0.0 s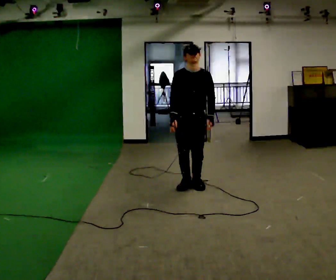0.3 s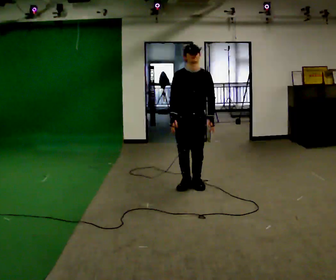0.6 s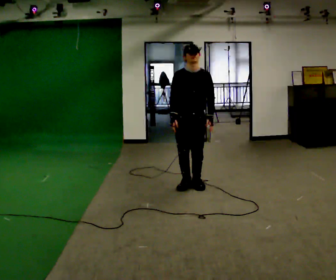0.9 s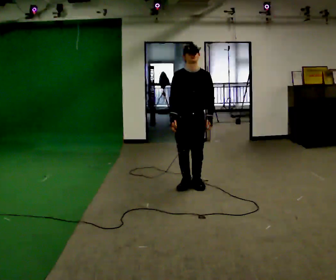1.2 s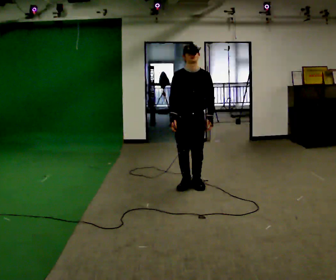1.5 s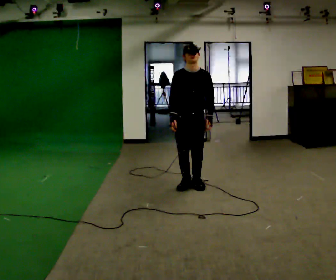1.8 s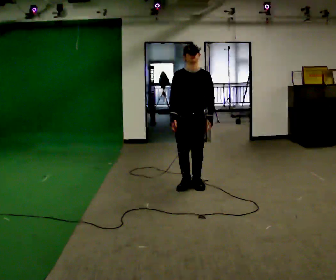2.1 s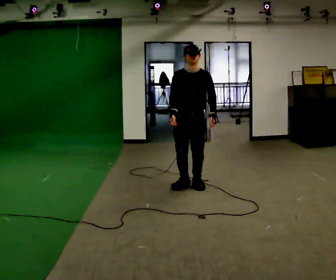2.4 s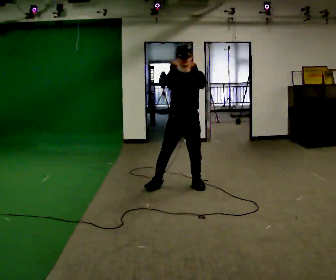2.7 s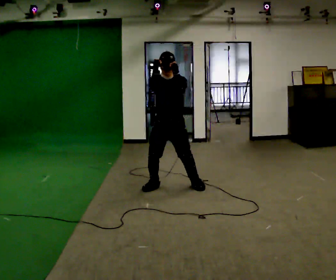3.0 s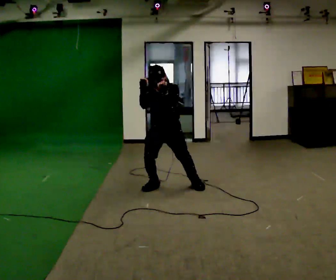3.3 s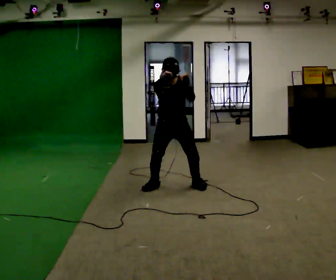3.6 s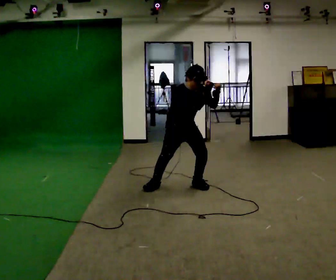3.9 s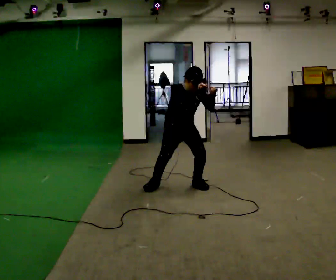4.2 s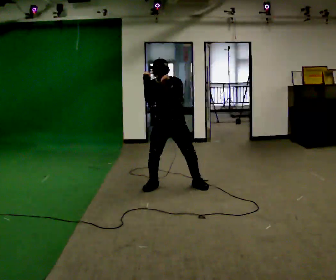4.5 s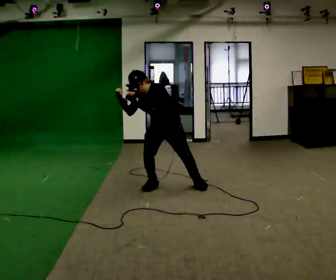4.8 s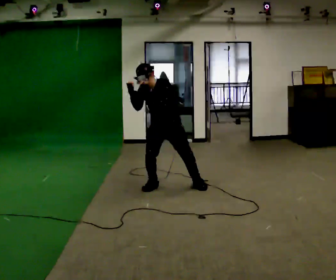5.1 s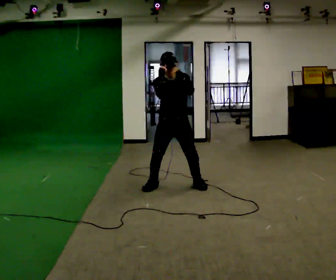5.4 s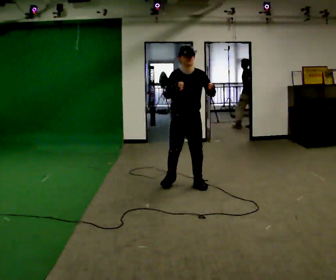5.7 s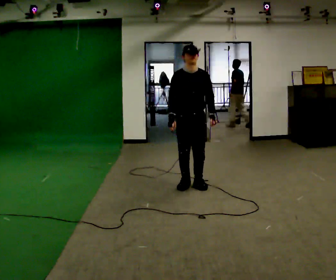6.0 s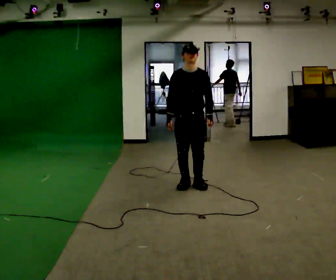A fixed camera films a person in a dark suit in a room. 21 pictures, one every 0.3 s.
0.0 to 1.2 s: The person keeps their place and pose.
1.2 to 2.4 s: In the picture their left hand goes upward.
2.4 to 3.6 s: The part of the body nearest the lens slides to the right as the person turns to their left by about 30 degrees. The upper body tips toward the camera, its near side rolling downward, as they bend forward. In the picture their right hand goes to the right.
3.6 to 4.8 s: Seen from above the body turns clockwise, about 30 degrees: to their right, with its near side sliding to the left. In the picture they go to the left, about 0.25 m, which for them is to their right. In the picture their right hand goes to the left.
4.8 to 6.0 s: In the picture they go to the right, about 0.25 m in 1 step, which for them is to their left. The shoulders move upward. The upper body tips away from the camera, its near side rolling upward, as they lean back or straighten. In the picture their left hand goes downward.
The film runs forward here.
